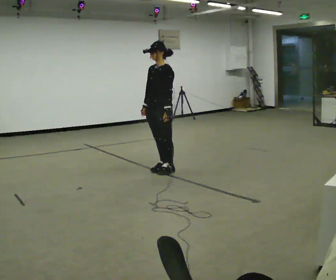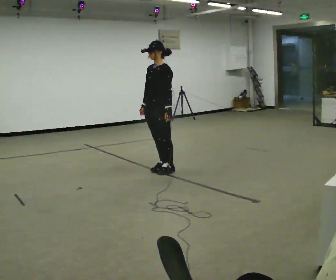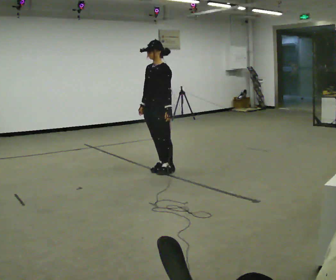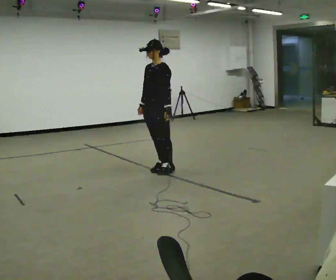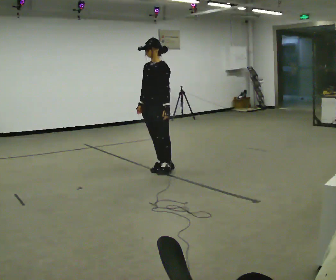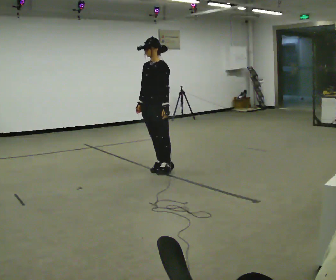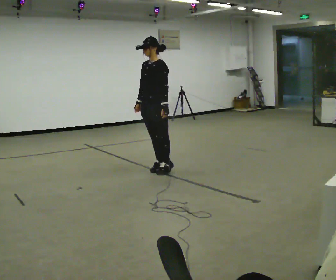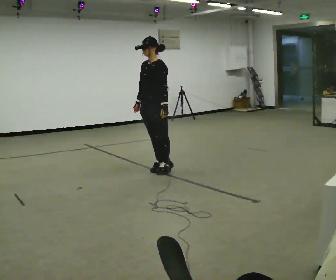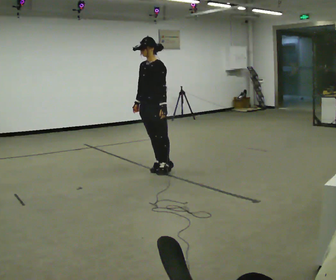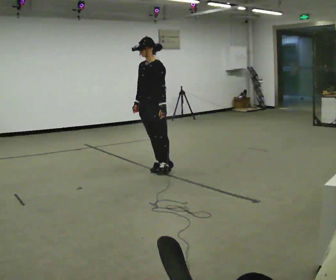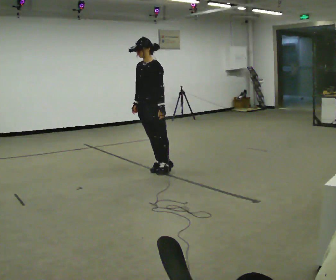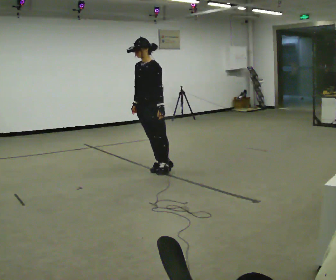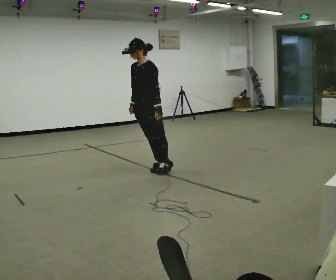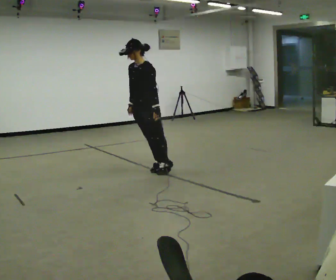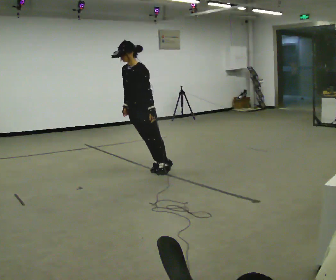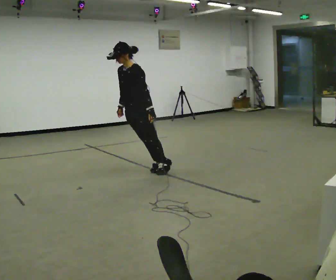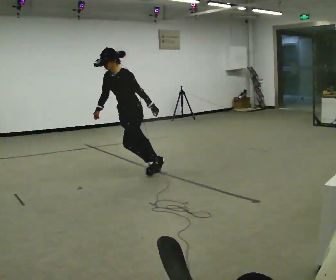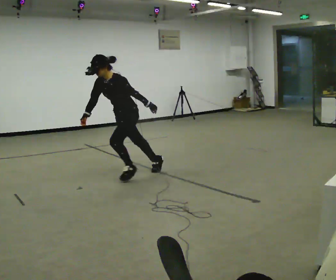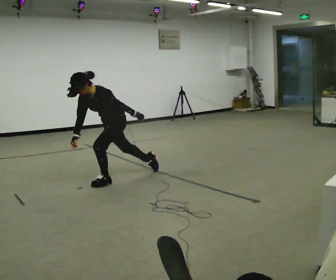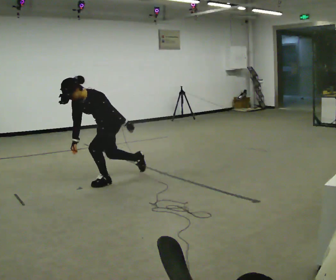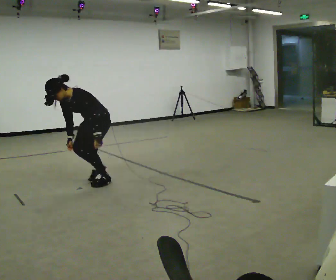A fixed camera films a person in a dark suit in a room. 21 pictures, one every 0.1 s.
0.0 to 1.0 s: The person moves a little, or ends about where they began.
1.0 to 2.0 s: In the picture they go to the left and toward the camera, about 0.5 m in 1 step, which for them is forward. The upper body goes downward. In the picture the upper body tilts counterclockwise, shoulders to the left, as they bend forward.
The film runs forward here.
